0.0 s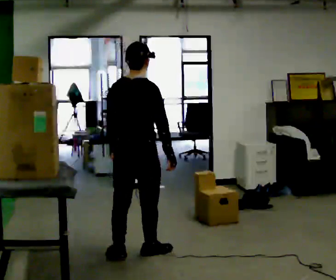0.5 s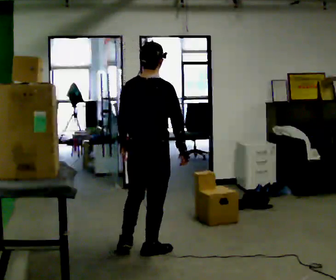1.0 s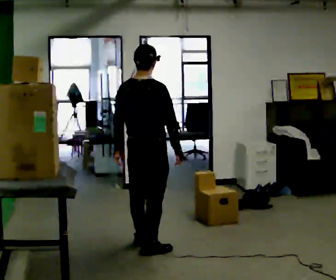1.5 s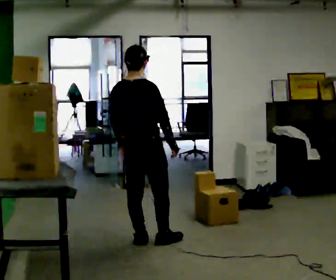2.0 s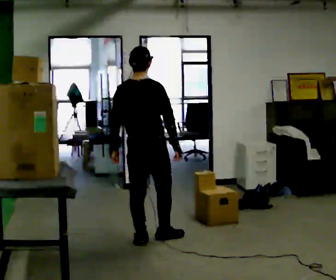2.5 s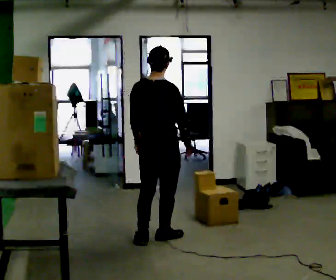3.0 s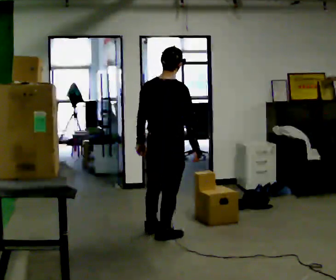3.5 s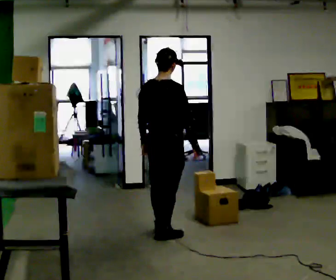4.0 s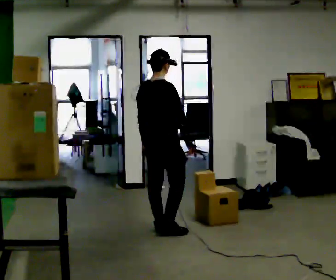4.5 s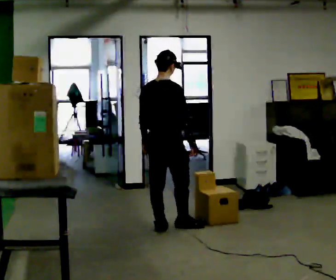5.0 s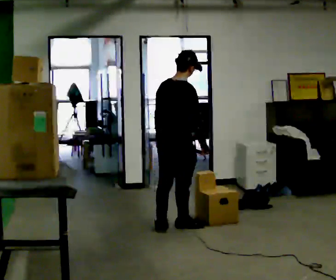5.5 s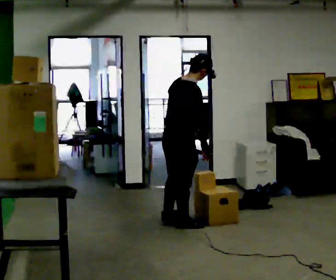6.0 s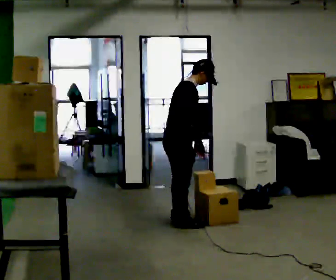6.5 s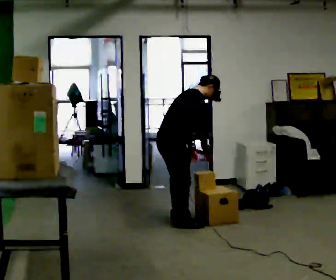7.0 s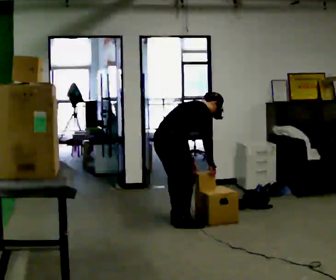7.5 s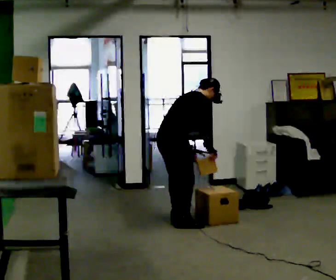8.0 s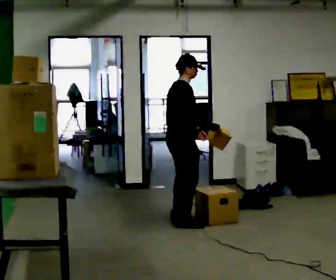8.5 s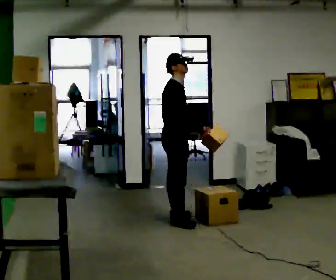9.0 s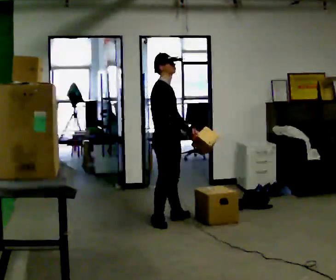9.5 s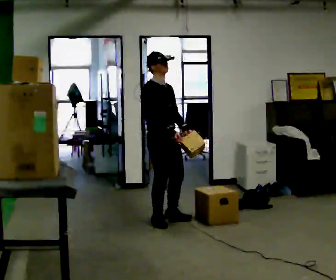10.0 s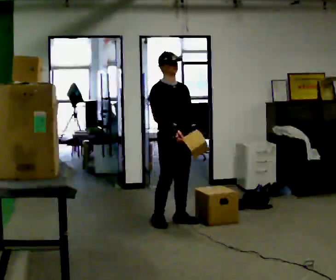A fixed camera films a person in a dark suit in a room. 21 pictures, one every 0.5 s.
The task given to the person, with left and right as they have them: Take an object from the highest shelf you can comfortably reach, carry it across, and place it on the lowest shelf. Keep going until the operator says stop; one object at a time, and do not rush between trips.
0.0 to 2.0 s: In the picture they go away from the camera, about 0.5 m in 2 steps, which for them is forward.
2.0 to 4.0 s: Seen from above the body turns clockwise, about 30 degrees: to their right, with its near side sliding to the left. In the picture they go away from the camera, about 0.5 m in 1 step, which for them is forward.
4.0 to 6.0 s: The person turns about 30 degrees to their right, clockwise seen from above, so the part of the body nearest the lens slides to the left. In the picture they go away from the camera, about 0.25 m in 2 steps, which for them is forward. In the picture the upper body tilts clockwise, shoulders to the right, as they bend forward.
6.0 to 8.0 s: The person moves a little, or ends about where they began.
8.0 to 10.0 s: Seen from above the body turns clockwise, about 60 degrees: to their right, with its near side sliding to the left. In the picture their right hand goes to the left.
The film runs forward here.
